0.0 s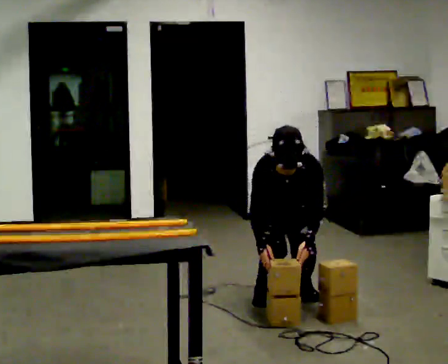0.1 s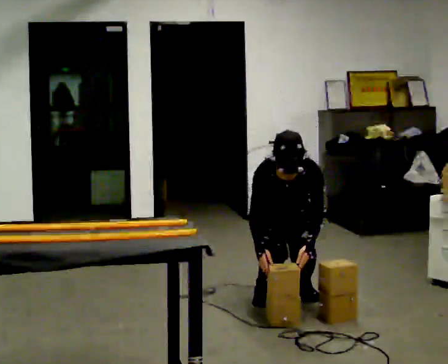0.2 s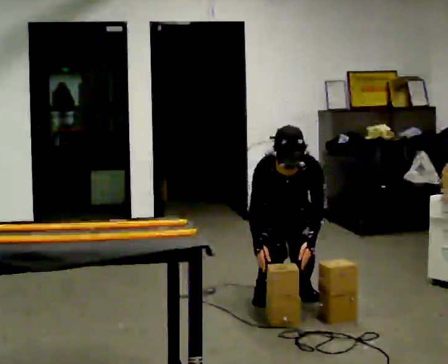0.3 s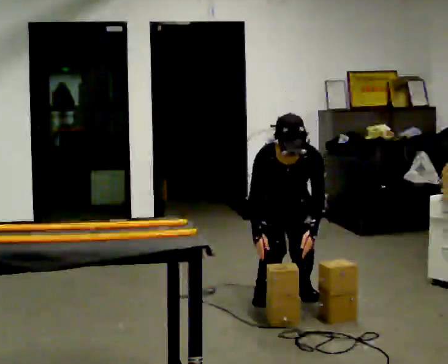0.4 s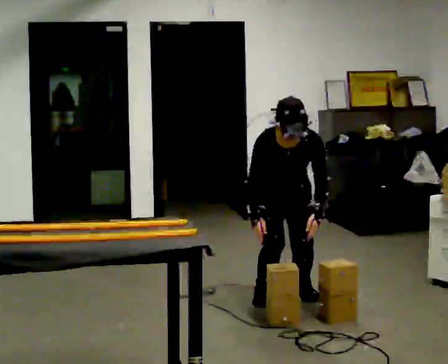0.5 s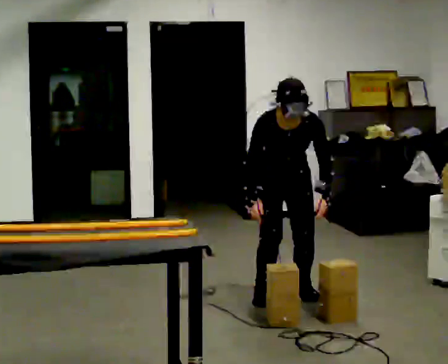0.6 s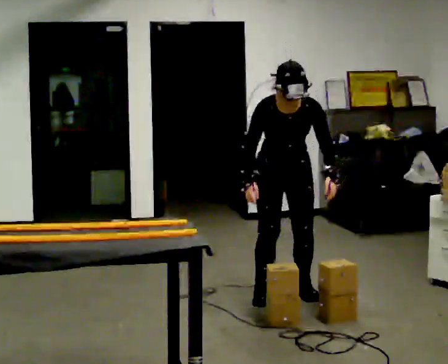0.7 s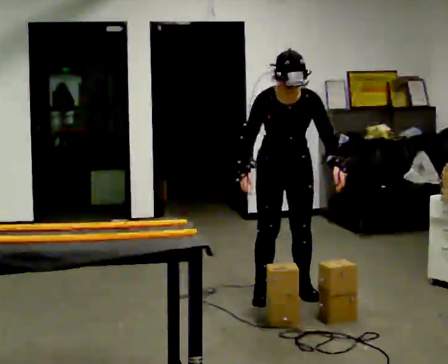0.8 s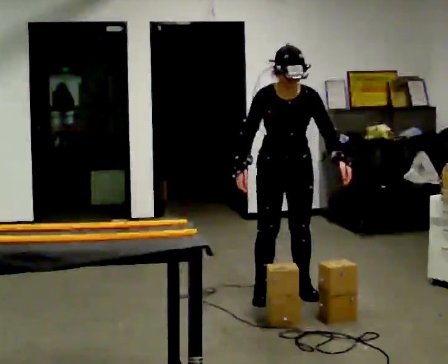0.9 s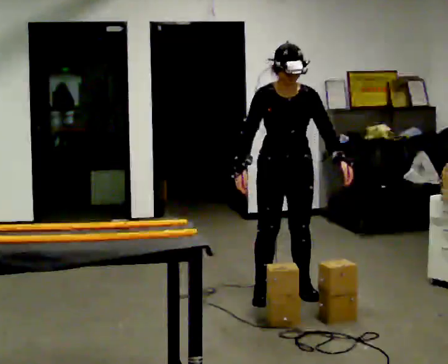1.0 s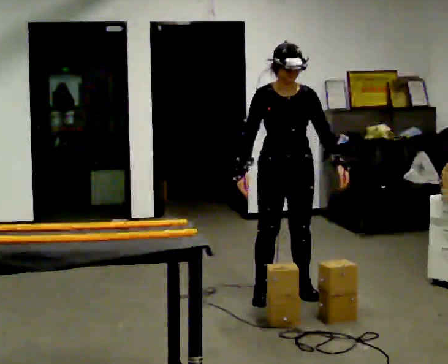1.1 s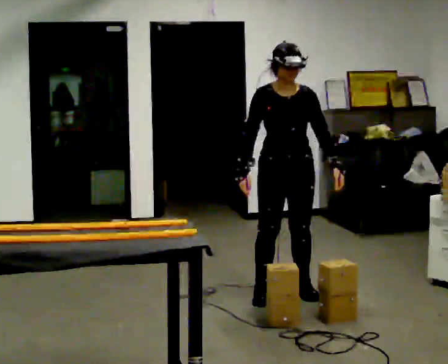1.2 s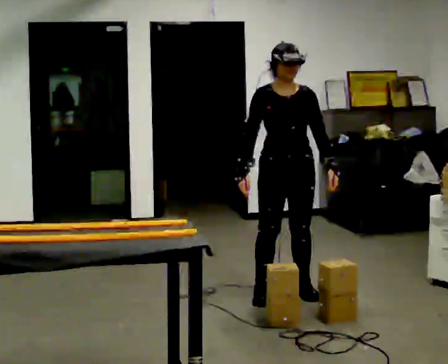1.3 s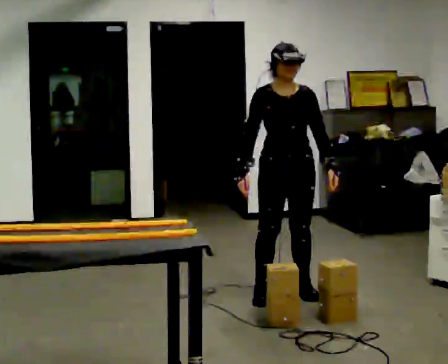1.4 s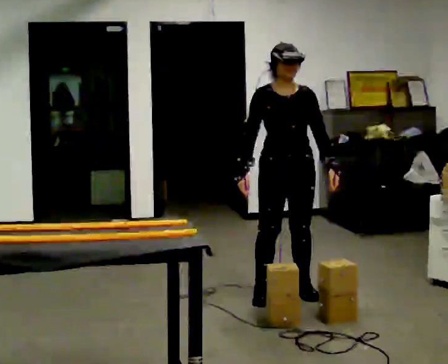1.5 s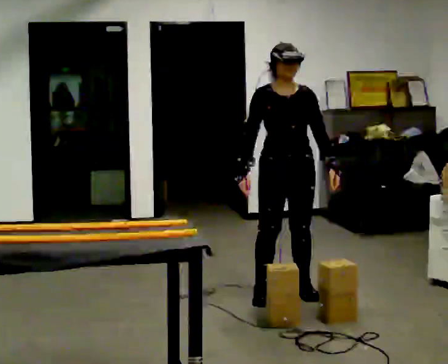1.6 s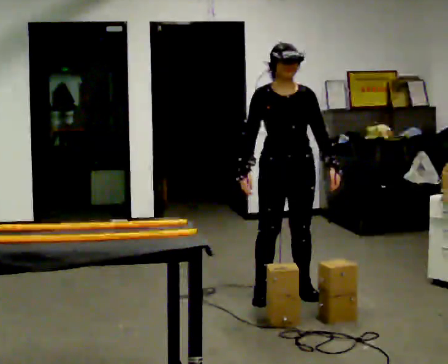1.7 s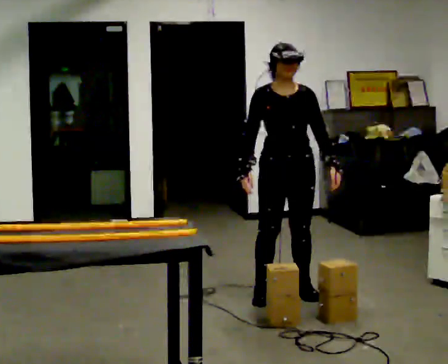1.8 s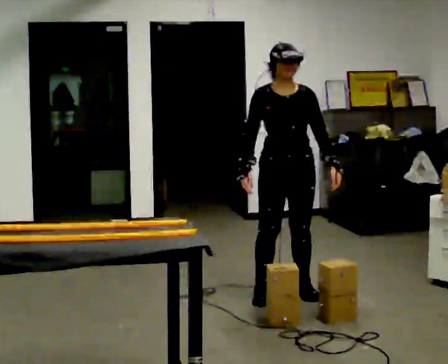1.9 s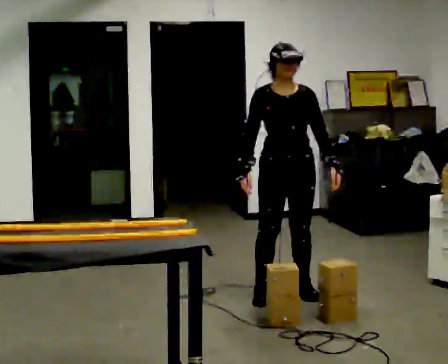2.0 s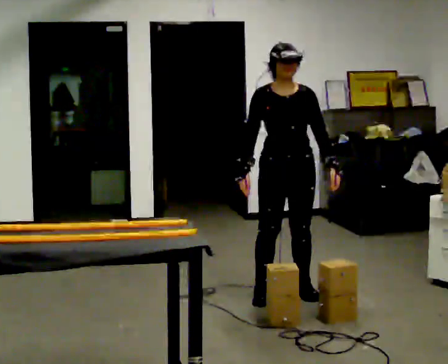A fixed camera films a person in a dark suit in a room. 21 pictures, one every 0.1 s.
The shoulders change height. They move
upward.
The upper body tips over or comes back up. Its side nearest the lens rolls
upward.
0.0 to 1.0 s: The shoulders move upward. The upper body tips away from the camera, its near side rolling upward, as they lean back or straighten. In the picture their left hand goes upward.
1.0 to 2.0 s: The person moves a little, or ends about where they began.
The film runs backward here.
